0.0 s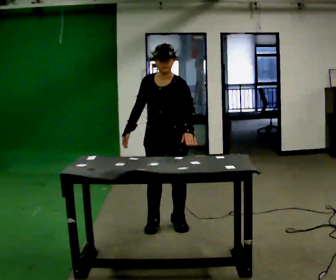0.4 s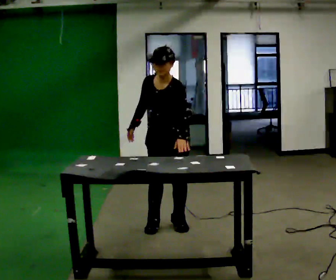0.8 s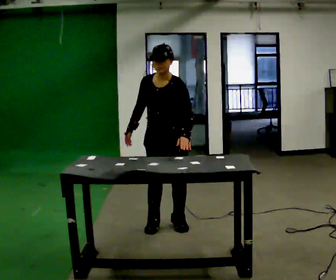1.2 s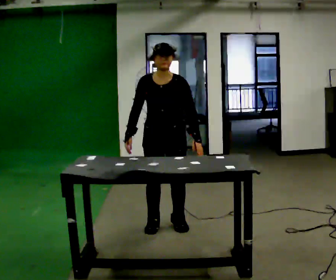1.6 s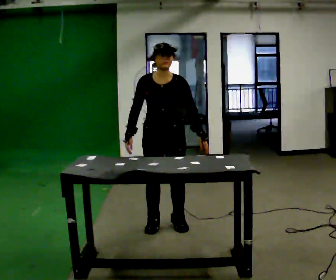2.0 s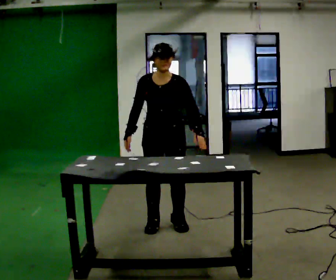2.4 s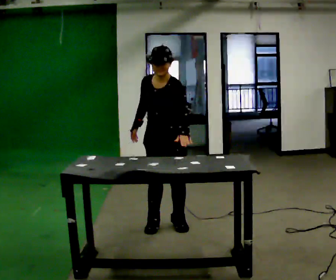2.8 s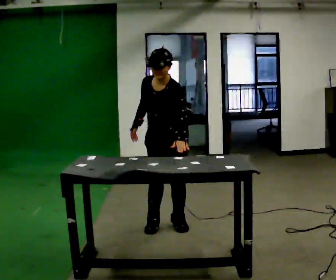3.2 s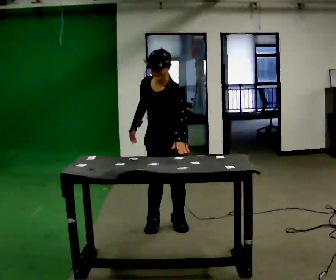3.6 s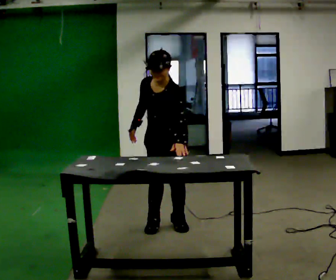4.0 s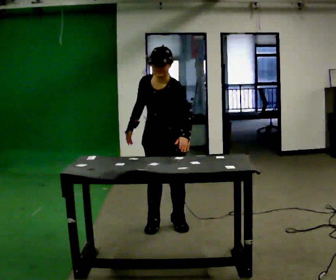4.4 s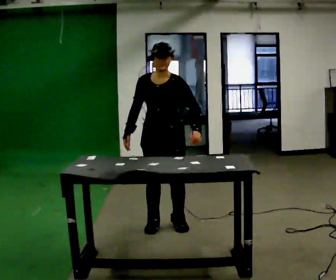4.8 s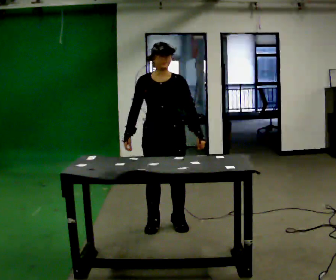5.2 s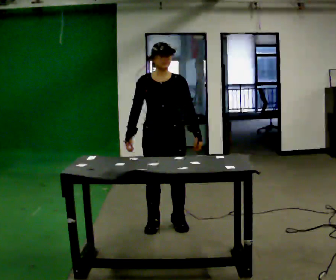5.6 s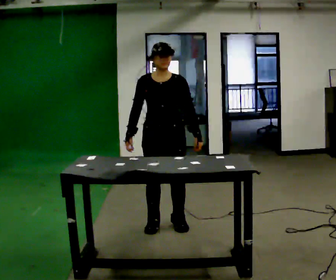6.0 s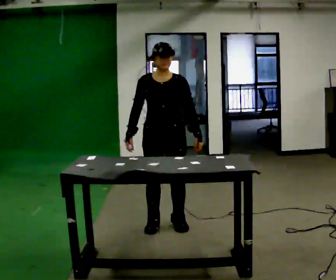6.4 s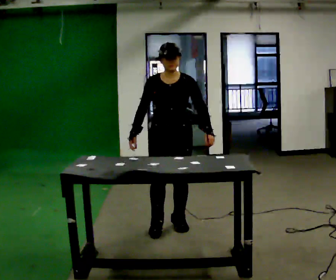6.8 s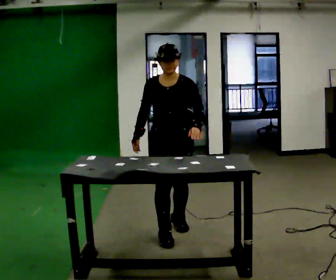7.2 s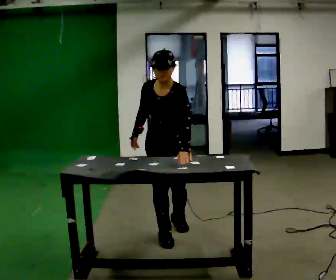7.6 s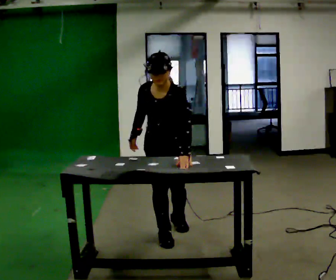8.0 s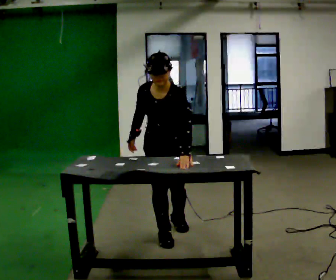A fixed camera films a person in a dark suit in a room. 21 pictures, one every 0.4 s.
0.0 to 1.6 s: The person moves a little, or ends about where they began.
1.6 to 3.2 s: Seen from above the body turns clockwise, about 30 degrees: to their right, with its near side sliding to the left. The upper body tips toward the camera, its near side rolling downward, as they bend forward.
3.2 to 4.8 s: The part of the body nearest the lens slides to the right as the person turns to their left by about 30 degrees. The upper body tips away from the camera, its near side rolling upward, as they lean back or straighten.
4.8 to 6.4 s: The person moves a little, or ends about where they began.
6.4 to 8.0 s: In the picture they go toward the camera, about 0.25 m in 1 step, which for them is forward. The upper body tips toward the camera, its near side rolling downward, as they bend forward.
The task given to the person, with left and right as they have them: Touch each numbered target on the board in front of you in the order the operator calls. Keep both feet on the marked spots for the whole take. If you have to step, stop and tell the operator.
The film runs forward here.
